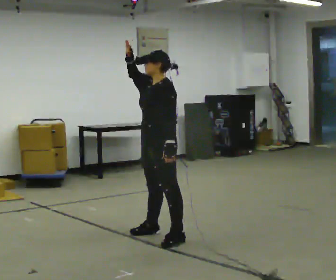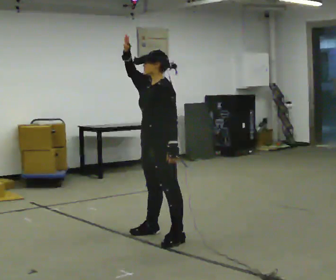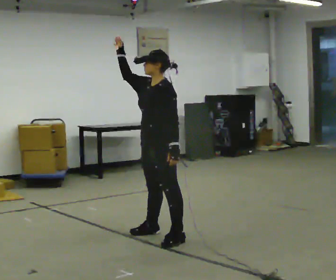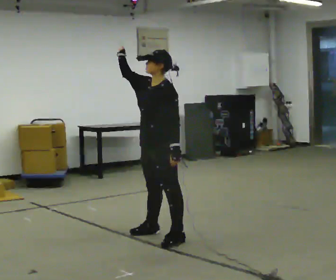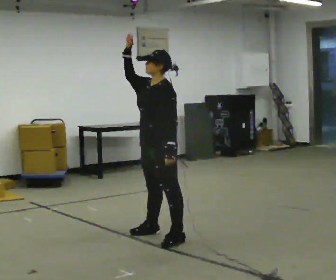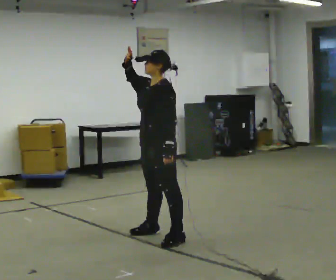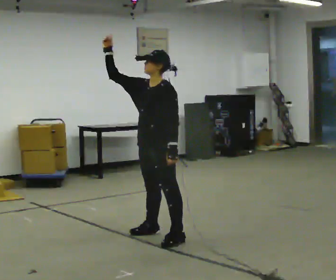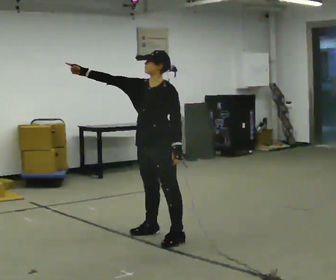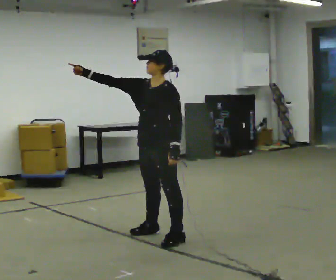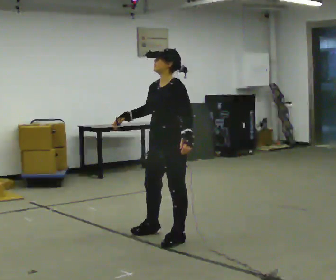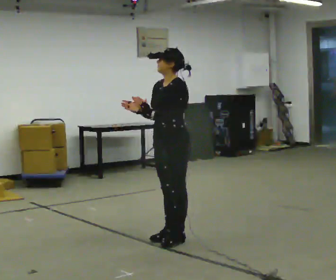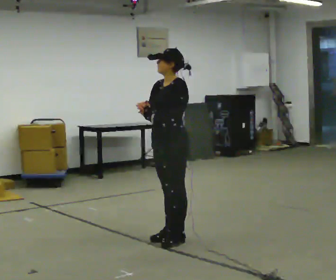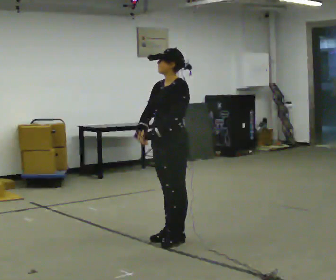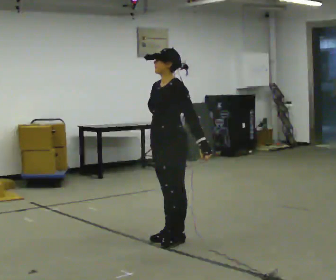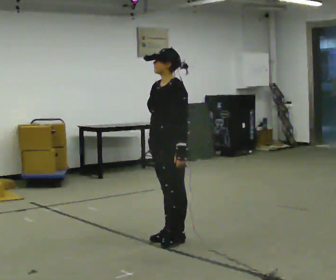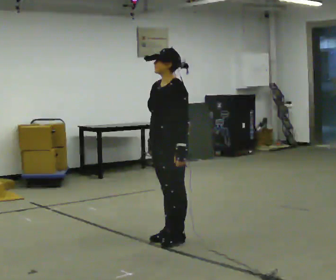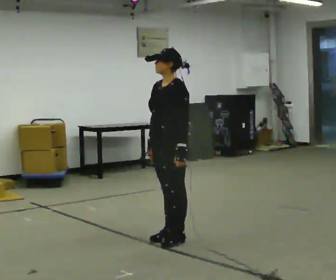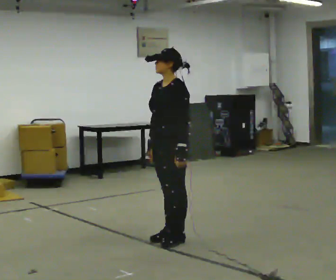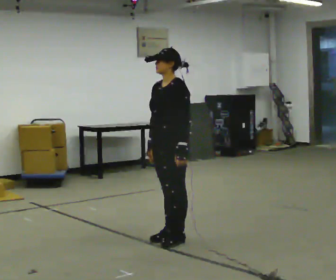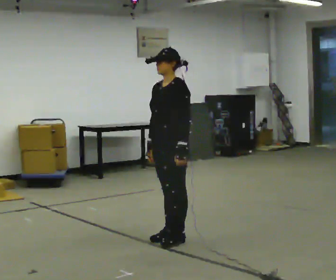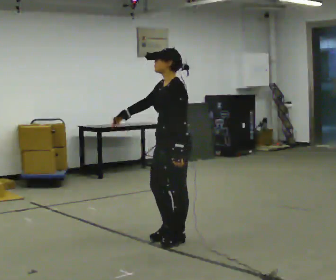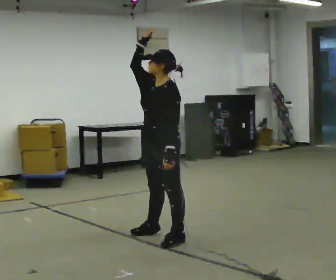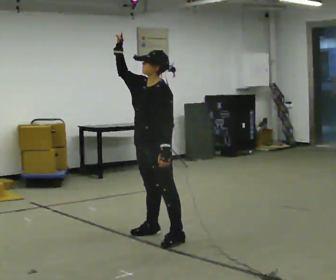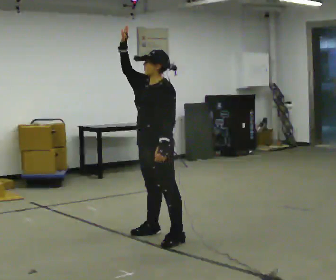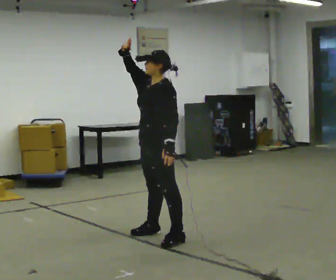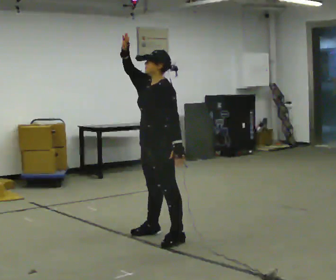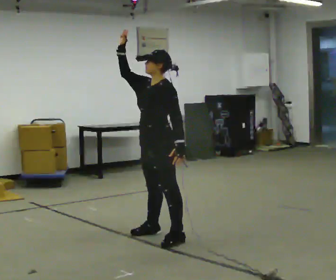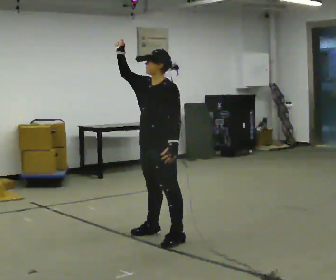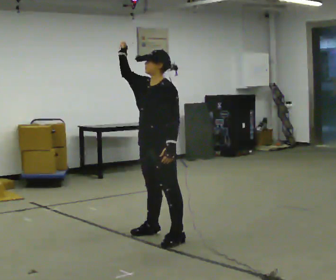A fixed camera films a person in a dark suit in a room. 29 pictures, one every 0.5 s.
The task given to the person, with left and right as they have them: Wave to someone across the room, point at different things around you, and clap. Repeat the movement at your own pace until the operator says stop; do not rush.
0.0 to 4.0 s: In the picture their right hand goes to the left.
4.0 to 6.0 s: In the picture their right hand goes downward and to the right.
6.0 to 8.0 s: The person moves a little, or ends about where they began.
8.0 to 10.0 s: In the picture their right hand goes upward, the arm swinging clockwise.
10.0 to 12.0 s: In the picture their right hand goes upward.
12.0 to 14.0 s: The person moves a little, or ends about where they began.
The film runs forward here.
